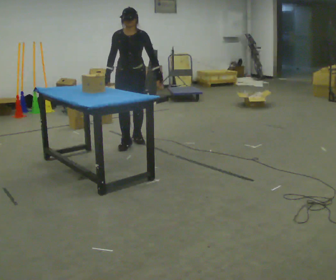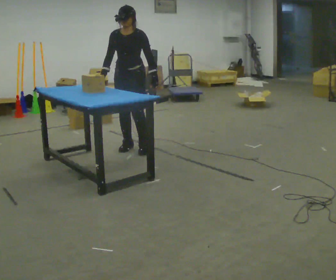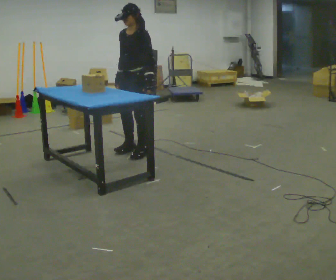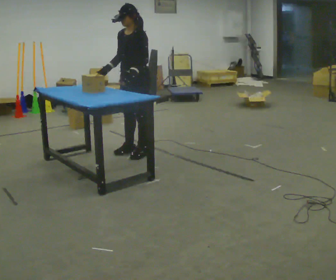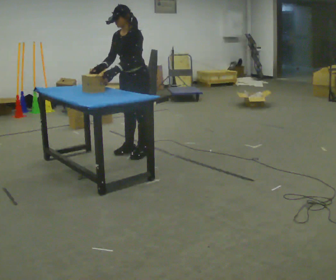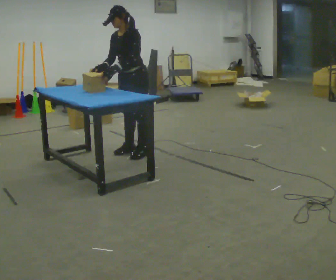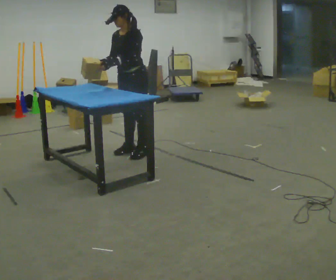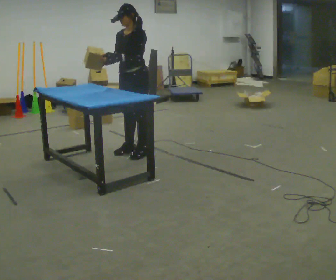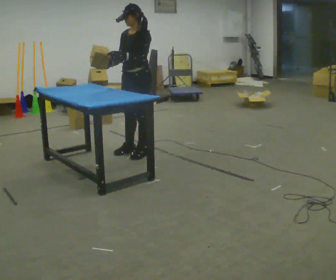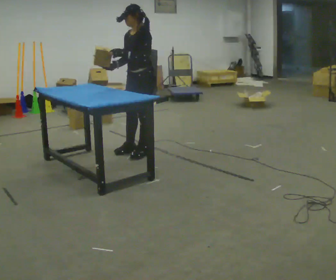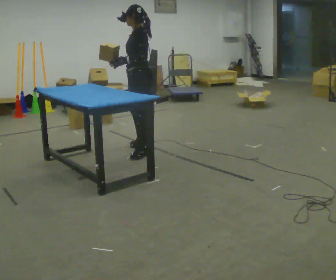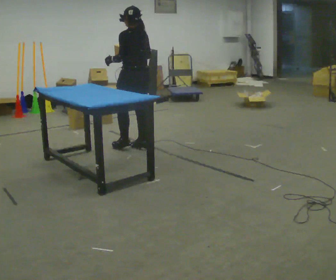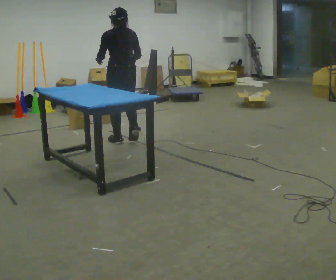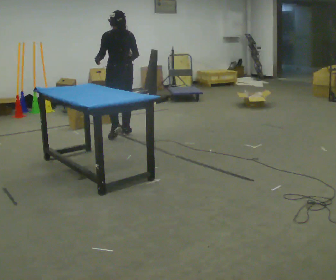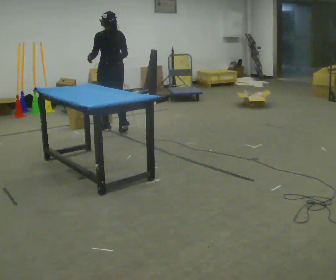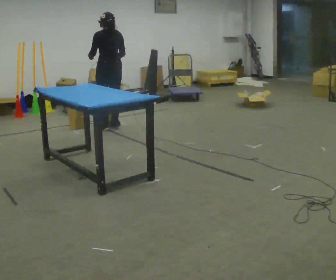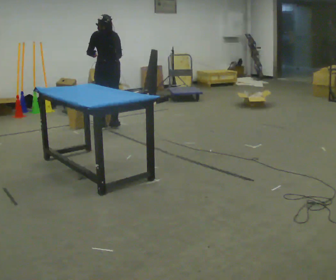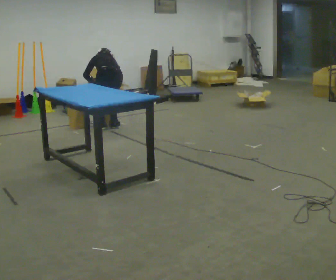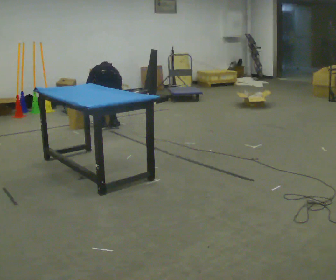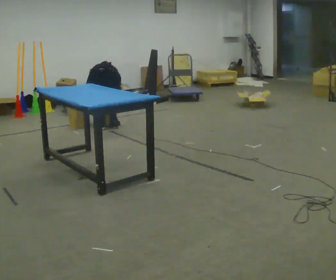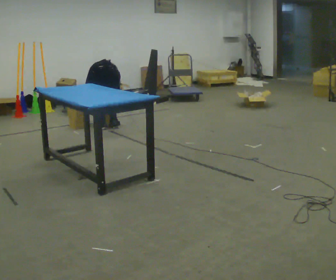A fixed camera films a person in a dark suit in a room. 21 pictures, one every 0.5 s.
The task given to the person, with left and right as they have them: Pick the object up off the floor using only the hand the operator calls, then carry it to the table in that same hand. Keep going until the operator says stop; one object at a time, and do not rush between trips.
0.0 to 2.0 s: The part of the body nearest the lens slides to the left as the person turns to their right by about 45 degrees. In the picture they go toward the camera, about 0.5 m in 3 steps, which for them is to their left and forward.
2.0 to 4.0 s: The person moves a little, or ends about where they began.
4.0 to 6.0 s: The person turns about 105 degrees to their right, clockwise seen from above, so the part of the body nearest the lens slides to the left. In the picture they go away from the camera, about 0.5 m in 1 step.
6.0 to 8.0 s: In the picture they go away from the camera, about 0.5 m in 3 steps, which for them is forward.
8.0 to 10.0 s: The upper body goes downward. The upper body tips away from the camera, its near side rolling upward, as they bend forward. In the picture their right hand goes downward.
The film runs forward here.
